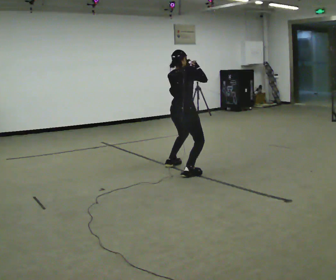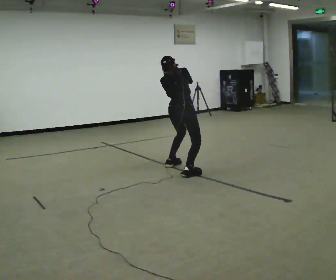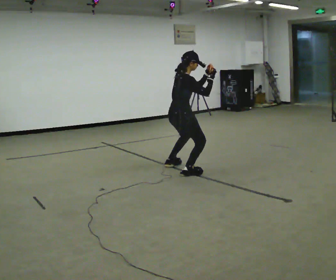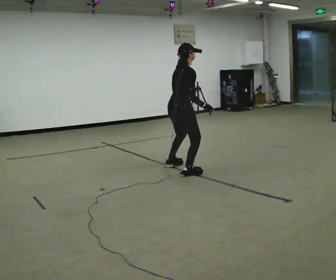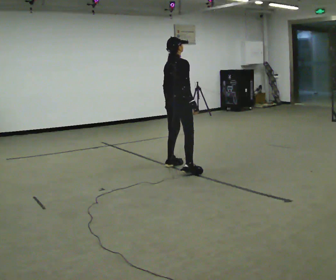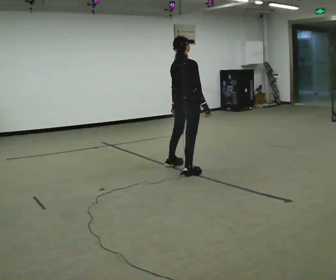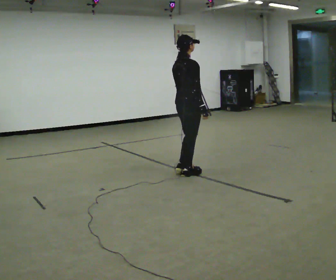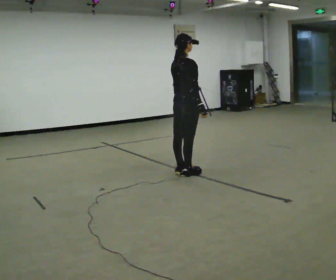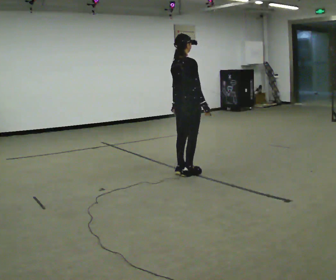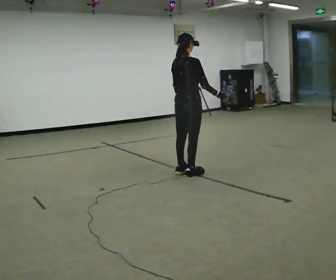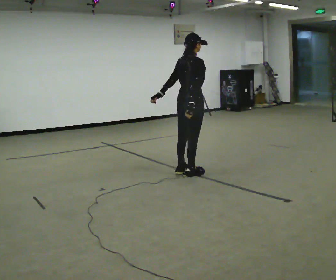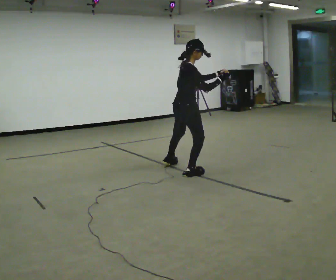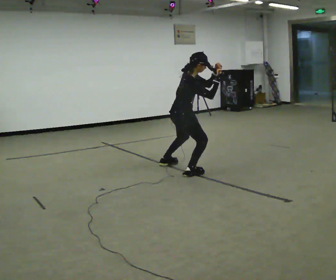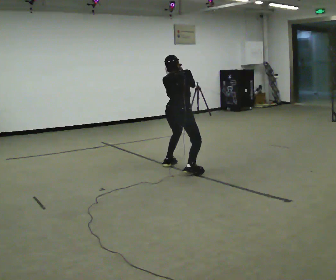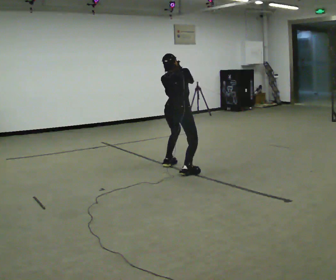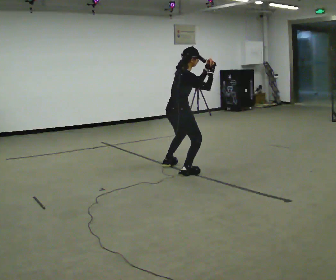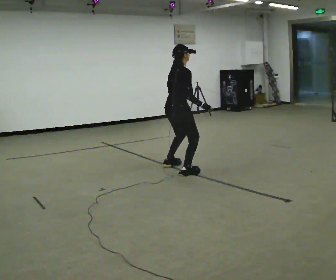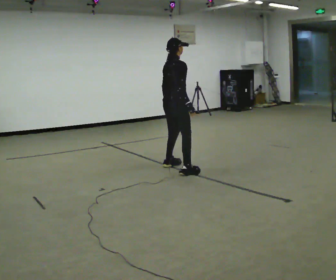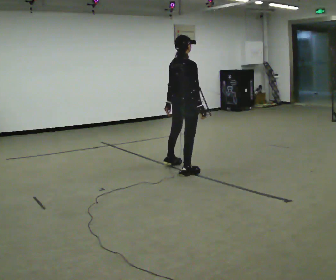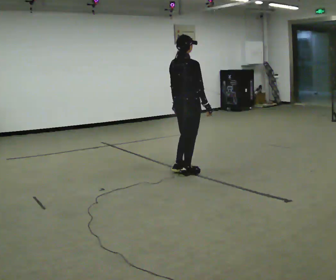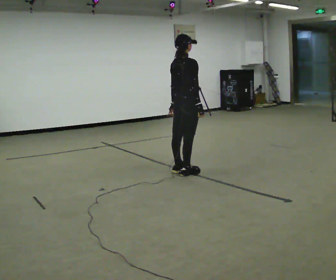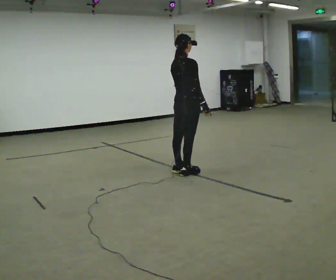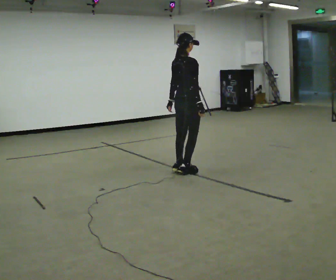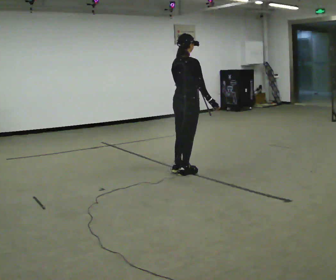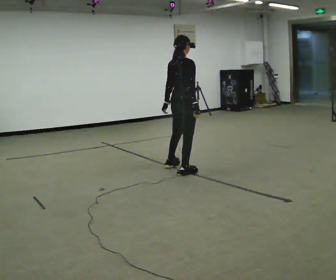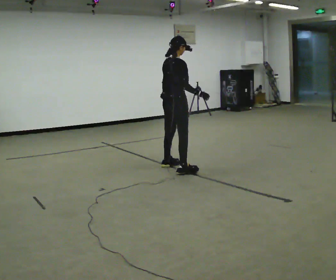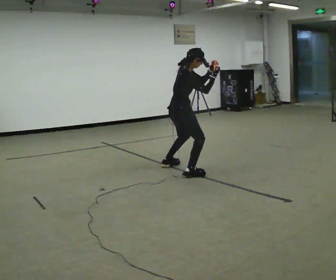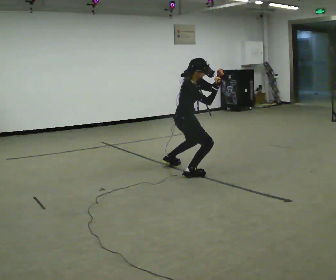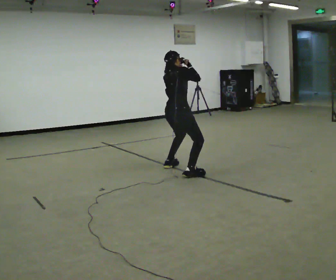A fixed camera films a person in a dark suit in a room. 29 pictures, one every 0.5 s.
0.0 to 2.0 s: In the picture their right hand goes downward.
2.0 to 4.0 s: In the picture they go toward the camera, about 0.25 m in 1 step, which for them is to their right.
4.0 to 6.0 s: Seen from above the body turns clockwise, about 30 degrees: to their right, with its near side sliding to the left. The shoulders move downward. In the picture the upper body tilts clockwise, shoulders to the right, as they bend forward. In the picture their left hand goes to the right and upward.
6.0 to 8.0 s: In the picture their left hand goes downward and to the left.
8.0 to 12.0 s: The person moves a little, or ends about where they began.
12.0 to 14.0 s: In the picture their right hand goes upward.
The film runs backward here.
